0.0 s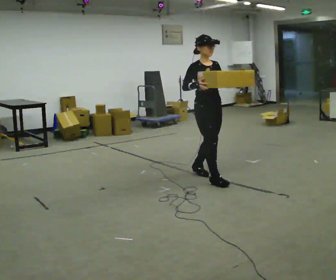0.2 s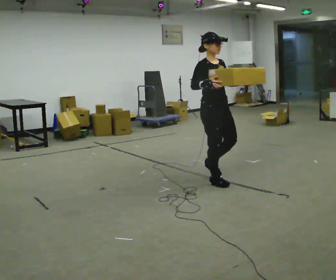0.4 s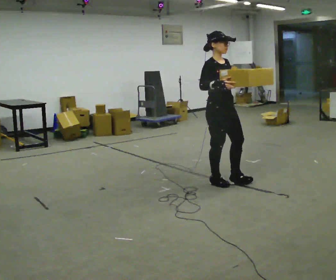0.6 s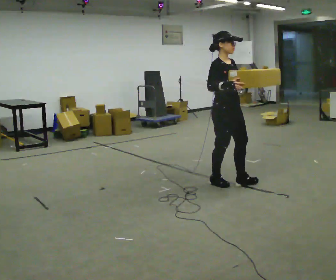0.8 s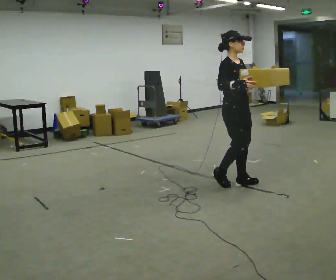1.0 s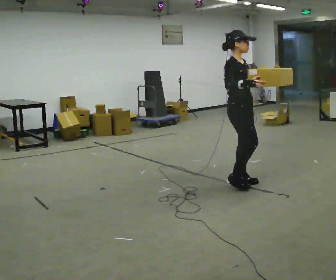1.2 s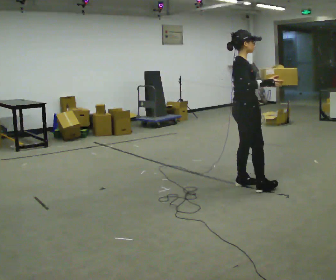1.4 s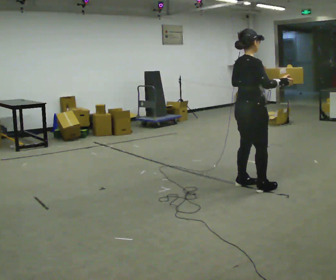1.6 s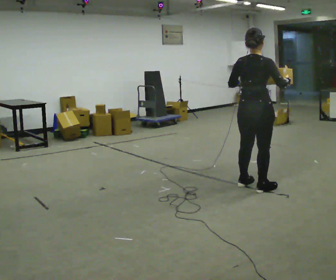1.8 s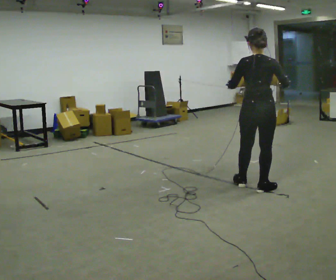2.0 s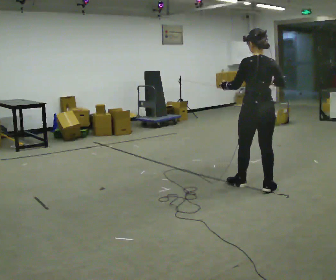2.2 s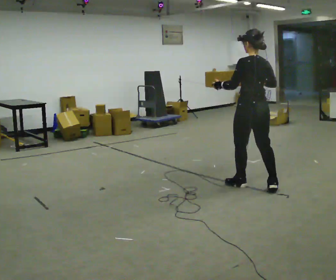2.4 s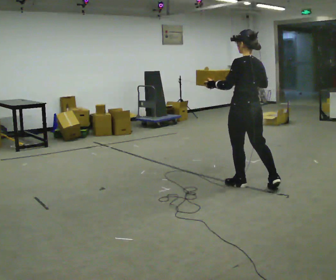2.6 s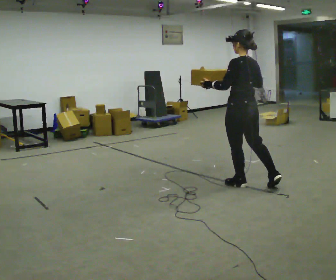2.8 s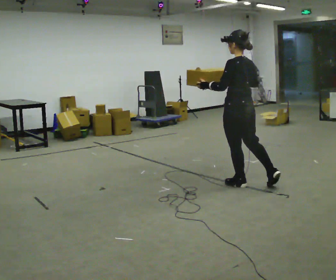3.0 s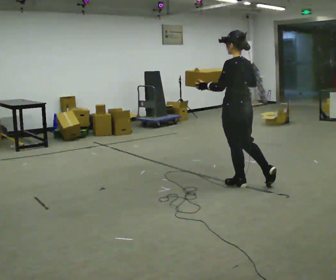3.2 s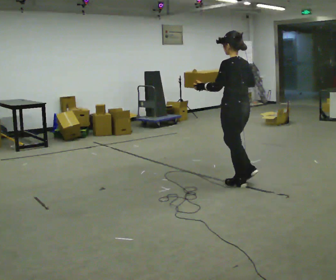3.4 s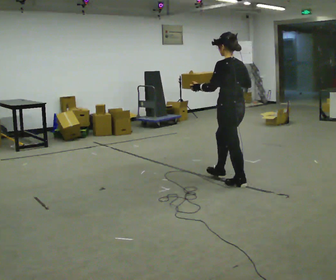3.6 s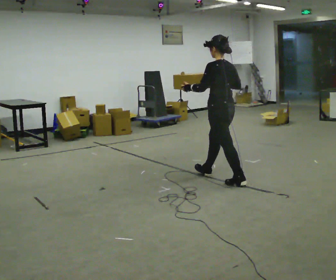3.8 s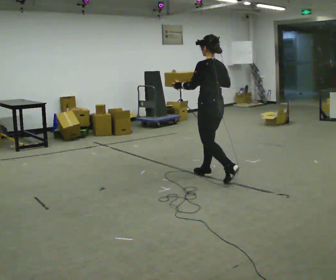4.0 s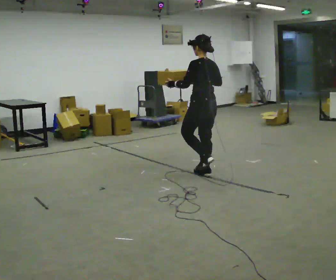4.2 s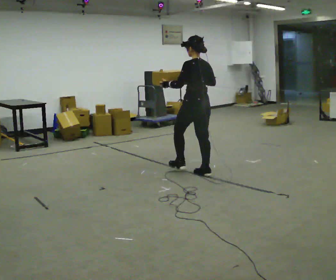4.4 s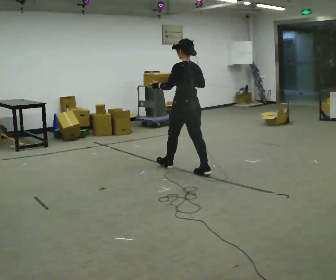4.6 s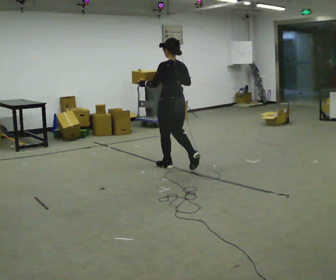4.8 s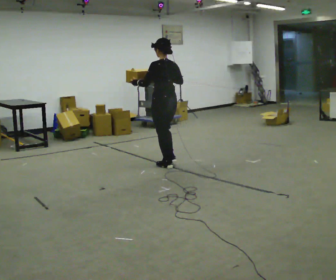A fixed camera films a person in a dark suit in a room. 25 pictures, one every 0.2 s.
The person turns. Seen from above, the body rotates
counterclockwise.
The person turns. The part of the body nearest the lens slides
to the right.
0.0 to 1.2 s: Seen from above the body turns counterclockwise, about 45 degrees: to their left, with its near side sliding to the right. In the picture they go to the right and toward the camera, about 0.5 m in 1 step, which for them is forward.
1.2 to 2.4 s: The person turns about 120 degrees to their left, counterclockwise seen from above, so the part of the body nearest the lens slides to the right.
2.4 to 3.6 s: In the picture they go to the left and away from the camera, about 0.25 m in 1 step, which for them is forward.
3.6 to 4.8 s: In the picture they go to the left and away from the camera, about 1 m in 1 step, which for them is forward.
The film runs forward here.
